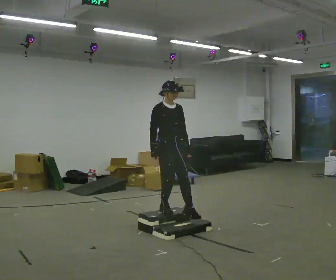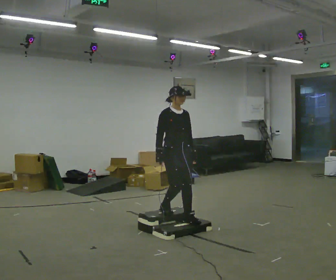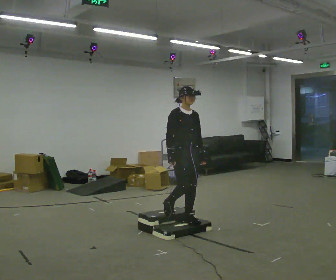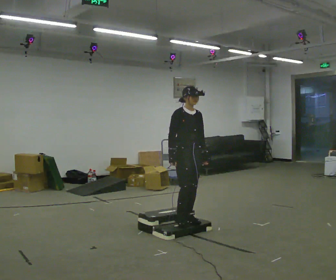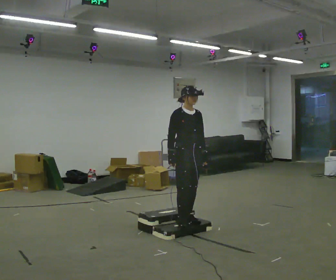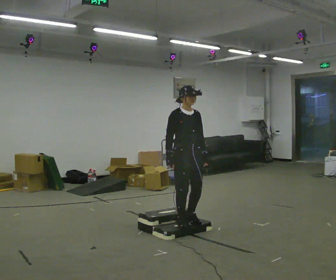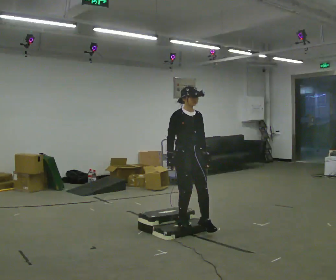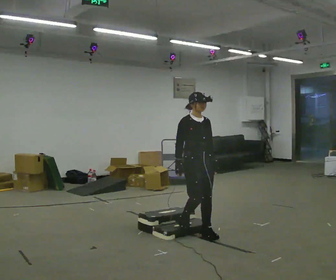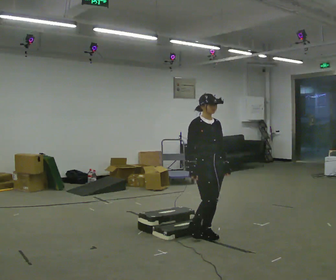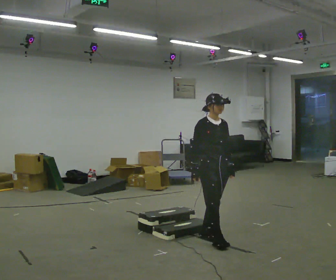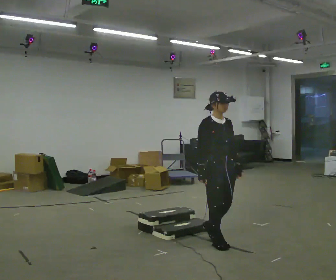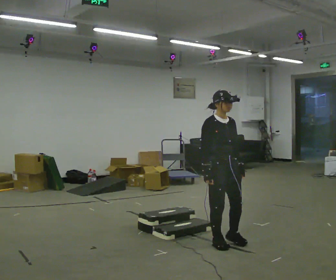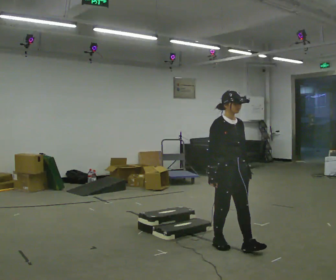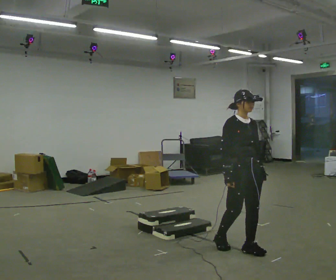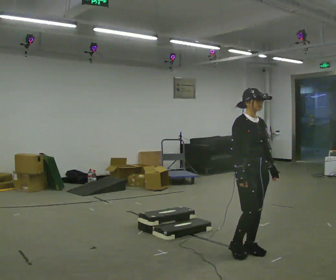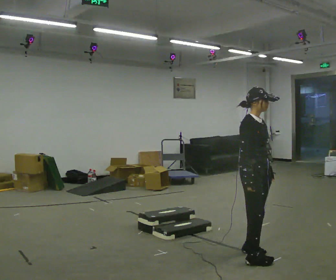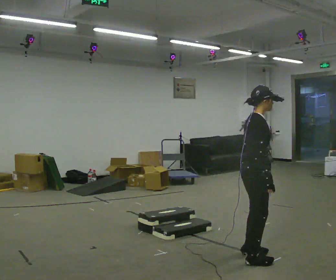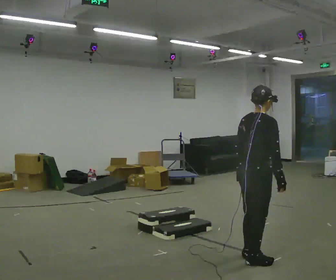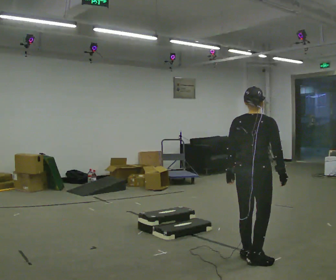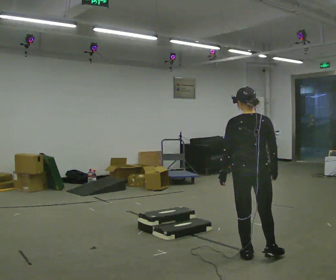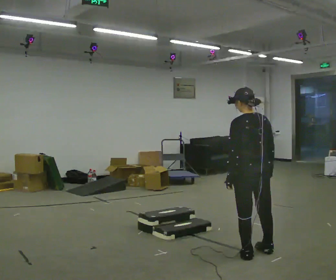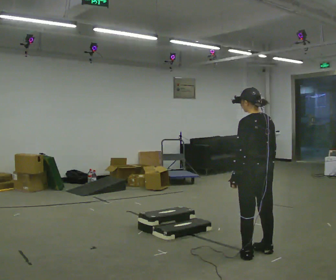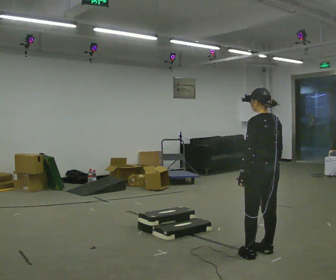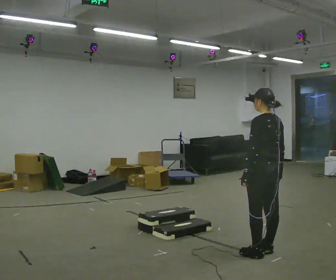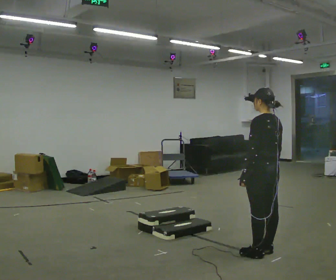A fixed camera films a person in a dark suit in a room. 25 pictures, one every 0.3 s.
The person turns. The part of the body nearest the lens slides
to the right.
The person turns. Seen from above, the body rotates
counterclockwise.
0.0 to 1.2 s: In the picture they go to the right, about 0.25 m in 1 step, which for them is forward.
1.2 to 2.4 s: In the picture they go to the right and toward the camera, about 0.25 m in 1 step, which for them is forward.
2.4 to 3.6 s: In the picture they go toward the camera and to the right, about 0.5 m in 2 steps, which for them is forward.
3.6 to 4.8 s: Seen from above the body turns counterclockwise, about 60 degrees: to their left, with its near side sliding to the right. In the picture they go toward the camera and to the right, about 0.5 m in 1 step, which for them is forward.
4.8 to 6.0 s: The person turns about 105 degrees to their left, counterclockwise seen from above, so the part of the body nearest the lens slides to the right.
6.0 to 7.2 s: The person moves a little, or ends about where they began.
The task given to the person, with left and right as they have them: Walk up the three steps, turn at the top, and walk back down at a comfortable speed. Use the handrail only if you need it.
The film runs forward here.
